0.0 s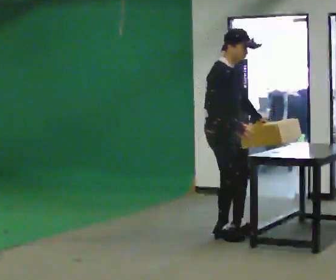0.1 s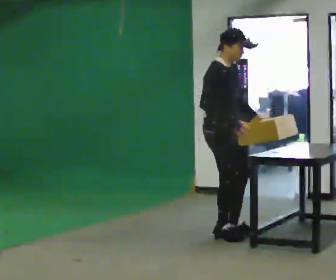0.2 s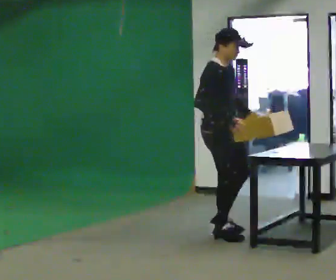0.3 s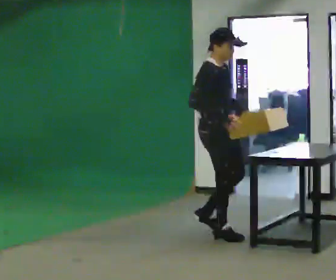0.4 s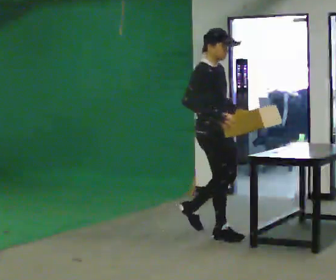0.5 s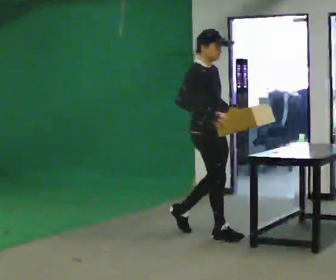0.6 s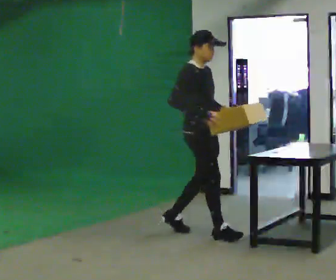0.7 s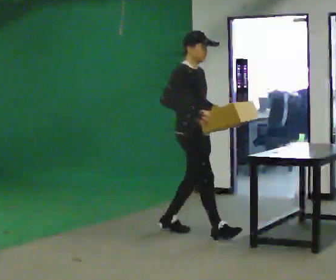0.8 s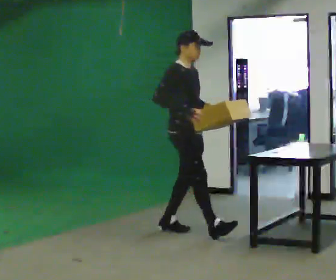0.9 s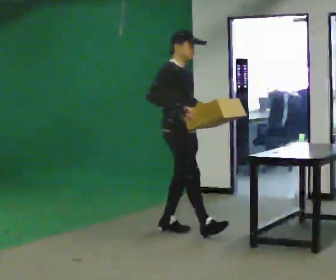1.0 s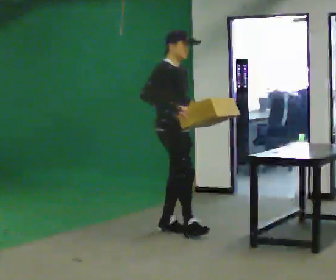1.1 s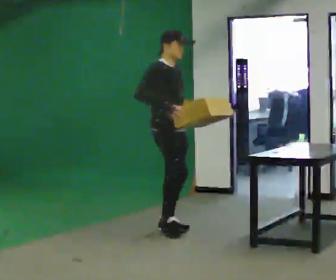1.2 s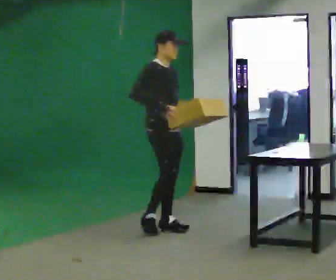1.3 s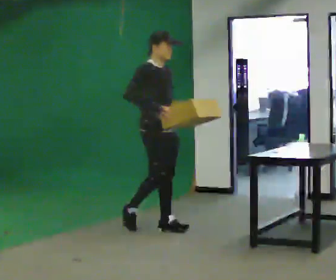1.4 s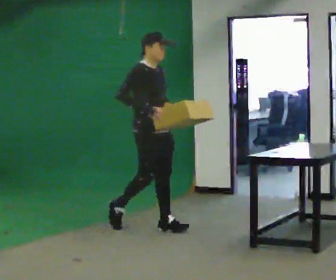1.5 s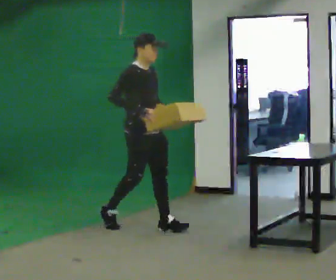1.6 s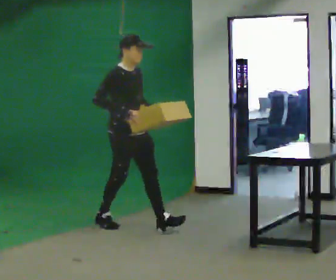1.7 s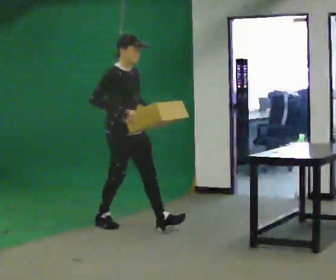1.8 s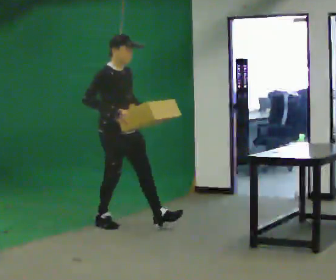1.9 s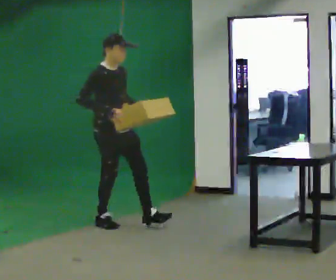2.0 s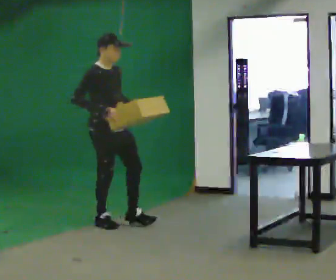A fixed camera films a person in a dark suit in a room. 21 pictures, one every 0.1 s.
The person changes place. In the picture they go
to the left.
0.0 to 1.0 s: In the picture they go to the left and away from the camera, about 0.5 m in 2 steps, which for them is backward.
1.0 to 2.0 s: In the picture they go to the left, about 0.75 m in 1 step, which for them is backward.
The film runs backward here.
